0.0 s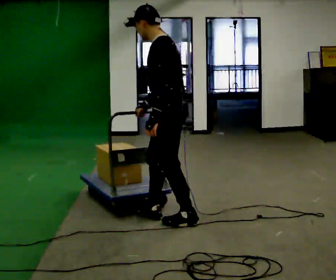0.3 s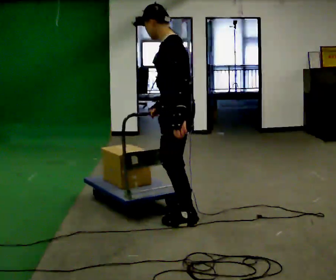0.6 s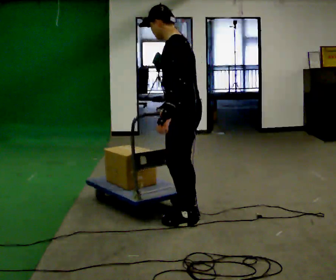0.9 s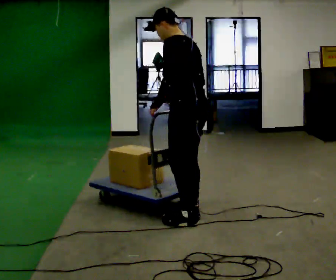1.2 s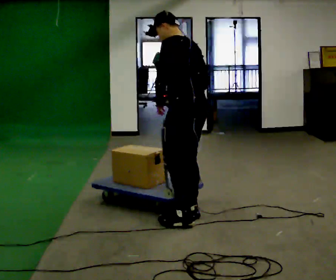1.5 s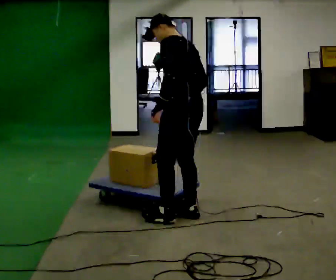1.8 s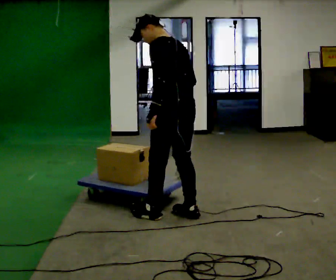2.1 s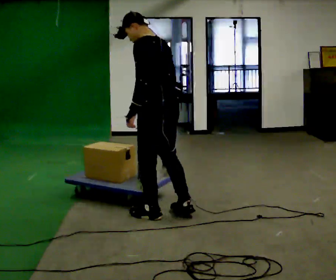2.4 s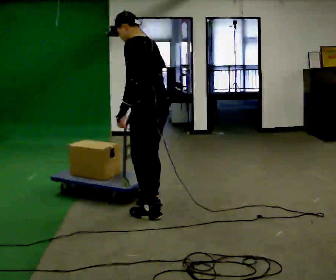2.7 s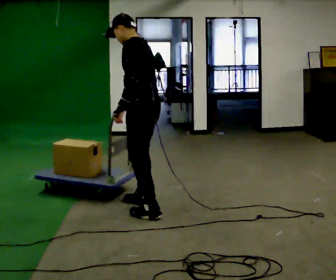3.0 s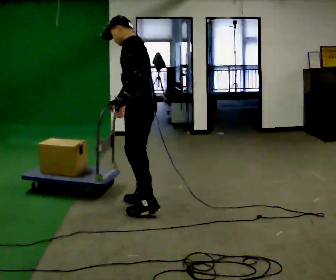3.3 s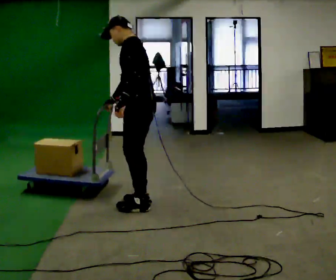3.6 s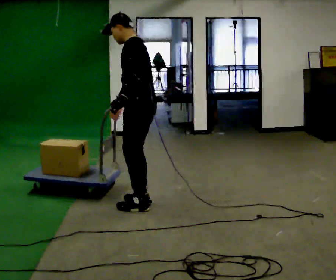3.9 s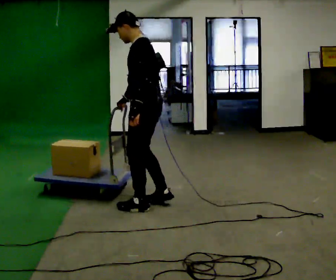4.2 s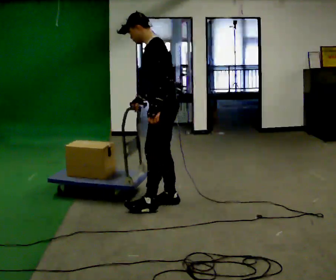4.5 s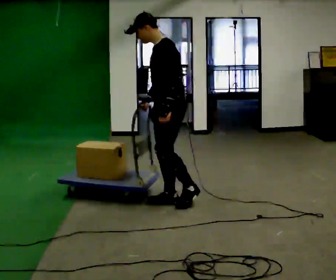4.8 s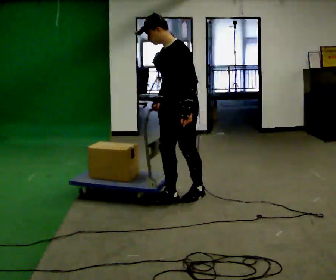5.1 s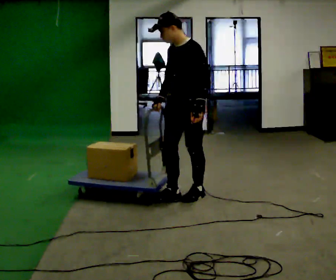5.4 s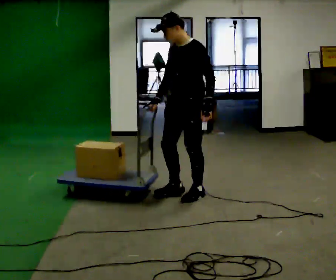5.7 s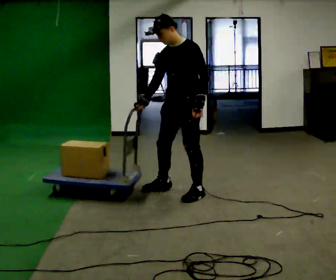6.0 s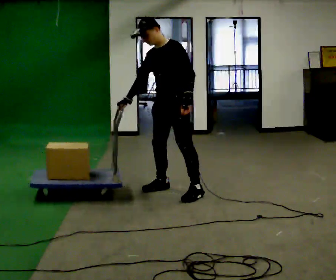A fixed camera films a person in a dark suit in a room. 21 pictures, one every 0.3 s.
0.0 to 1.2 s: The part of the body nearest the lens slides to the left as the person turns to their right by about 30 degrees. In the picture their right hand goes to the right.
1.2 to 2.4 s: In the picture they go to the left, about 0.25 m in 1 step, which for them is forward and to their left.
2.4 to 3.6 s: In the picture they go away from the camera, about 0.25 m in 1 step, which for them is to their right and forward.
3.6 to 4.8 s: The person turns about 45 degrees to their left, counterclockwise seen from above, so the part of the body nearest the lens slides to the right. In the picture they go to the right and away from the camera, about 0.5 m in 2 steps, which for them is backward and to their right.
4.8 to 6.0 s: In the picture they go away from the camera, about 0.25 m in 1 step, which for them is to their right and backward.
The film runs backward here.
